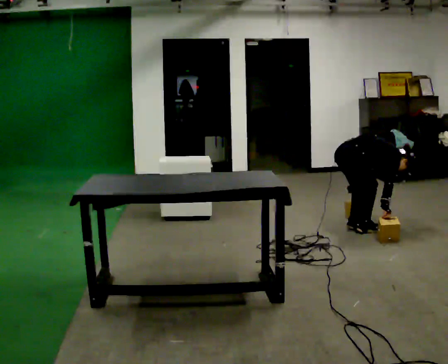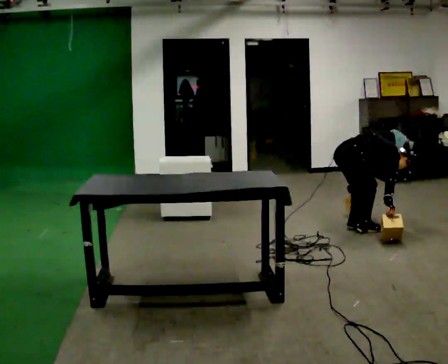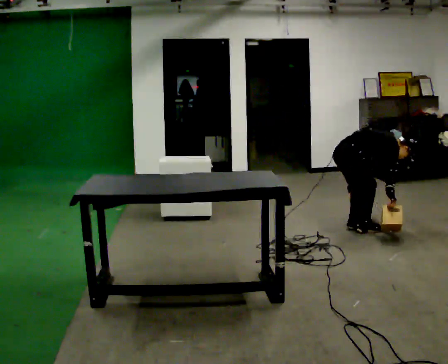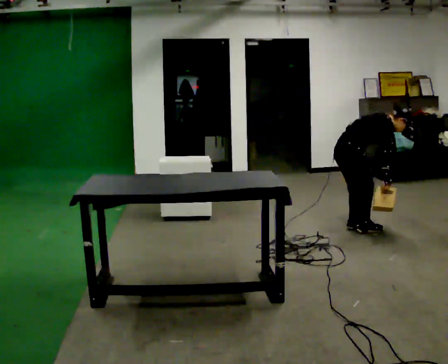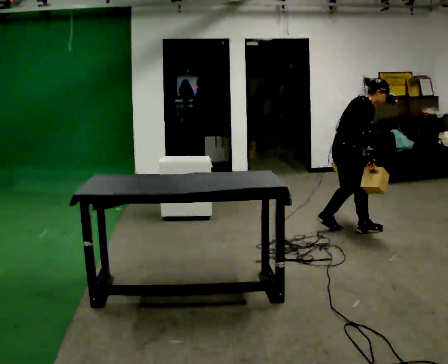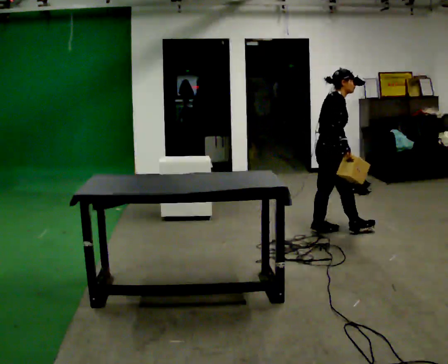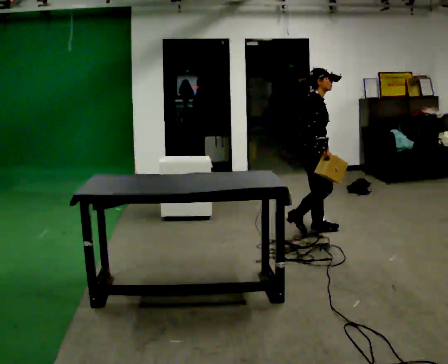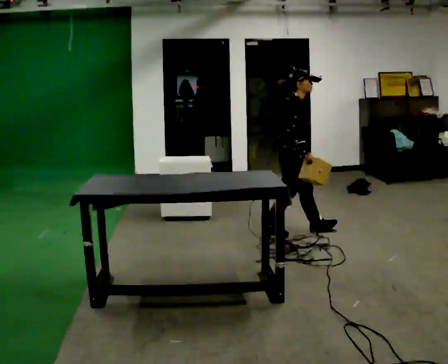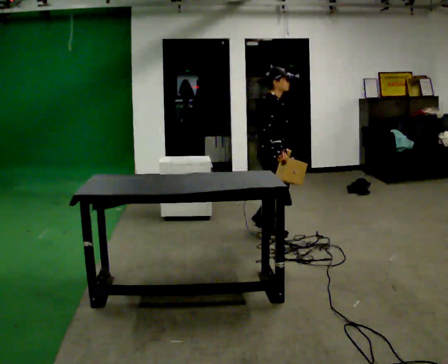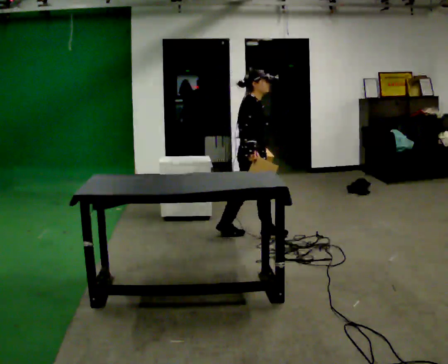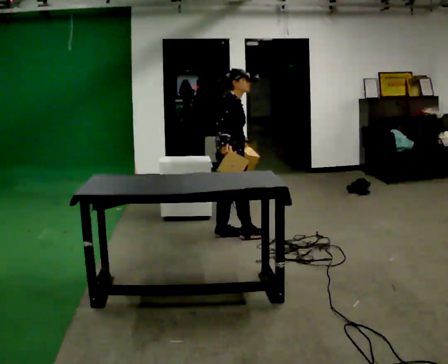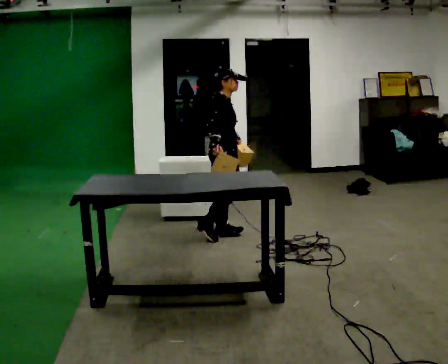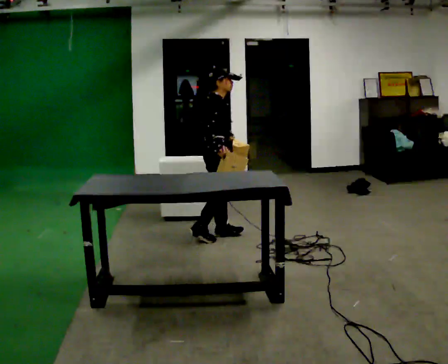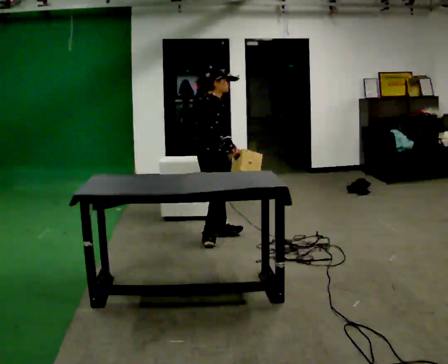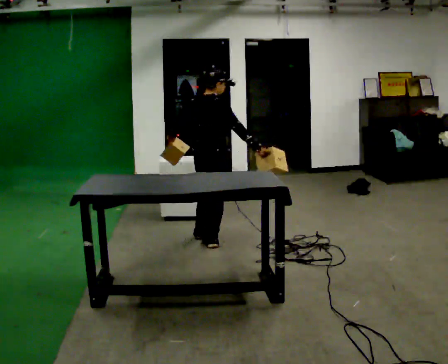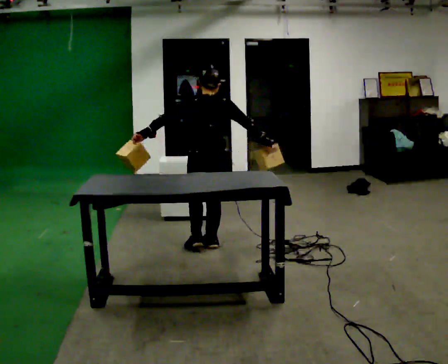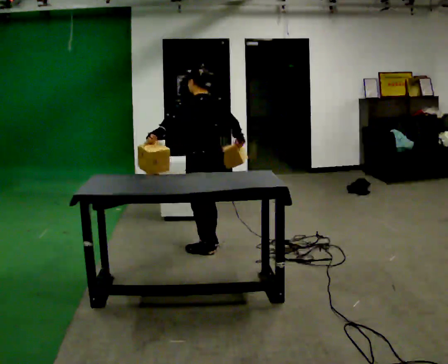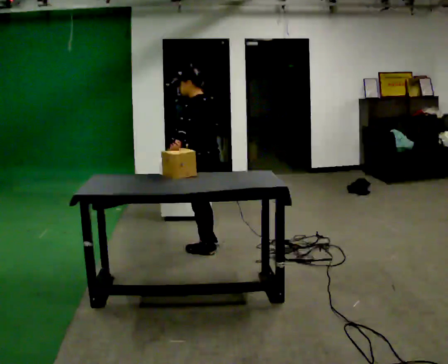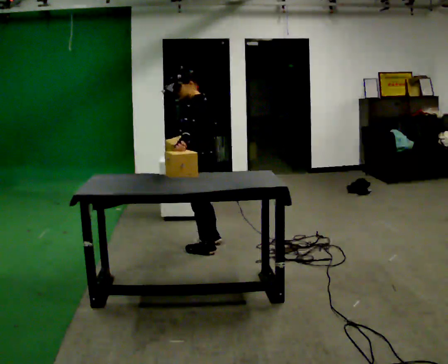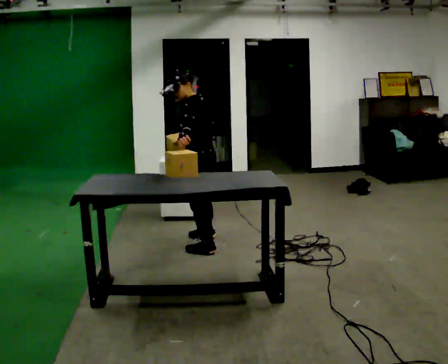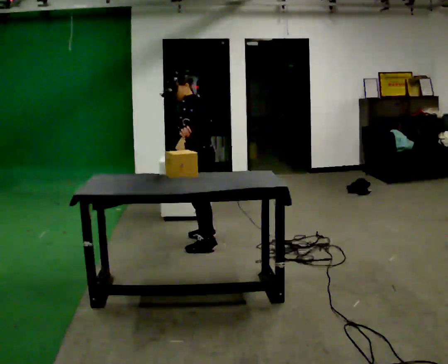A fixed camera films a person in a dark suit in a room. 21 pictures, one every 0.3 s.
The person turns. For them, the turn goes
to their left.
The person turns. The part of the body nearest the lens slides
to the right.
0.0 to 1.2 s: The shoulders move upward. In the picture the upper body tilts counterclockwise, shoulders to the left, as they lean back or straighten. In the picture their left hand goes upward.
1.2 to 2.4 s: In the picture they go to the left, about 0.75 m in 2 steps, which for them is backward. In the picture the upper body tilts counterclockwise, shoulders to the left, as they lean back or straighten.
2.4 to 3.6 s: In the picture they go to the left, about 0.5 m in 1 step, which for them is backward.
3.6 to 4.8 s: The person turns about 135 degrees to their left, counterclockwise seen from above, so the part of the body nearest the lens slides to the right. In the picture they go toward the camera, about 0.25 m in 2 steps.
4.8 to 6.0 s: Seen from above the body turns counterclockwise, about 45 degrees: to their left, with its near side sliding to the right. In the picture they go away from the camera, about 0.25 m in 1 step, which for them is to their right. In the picture their right hand goes to the left.
The film runs backward here.
